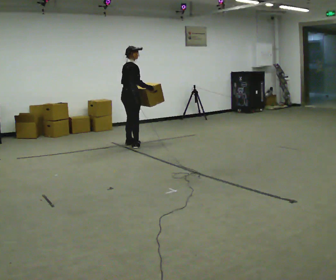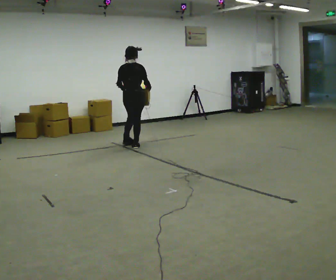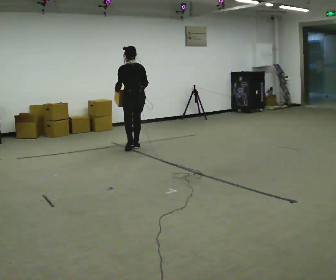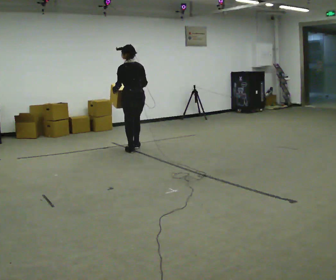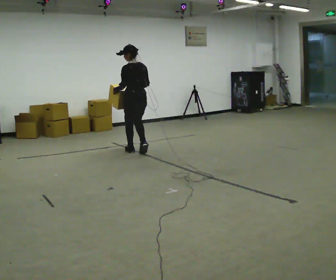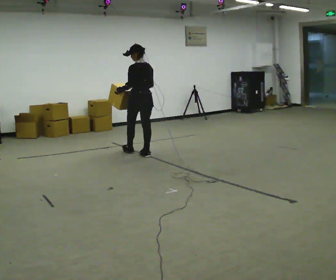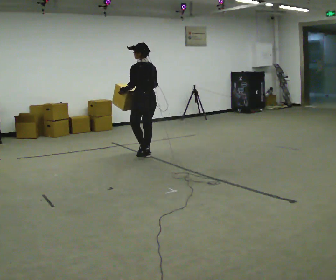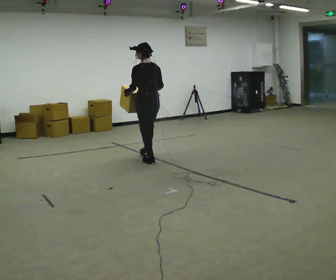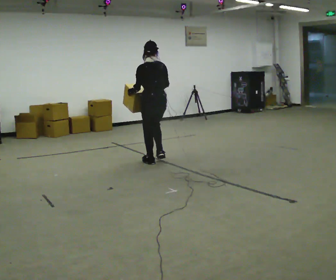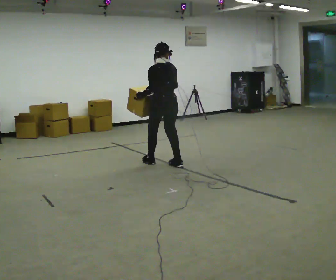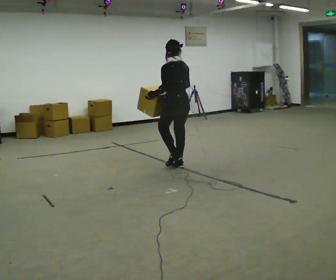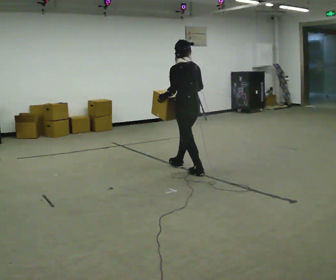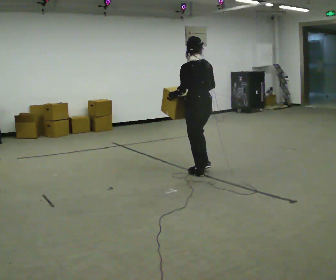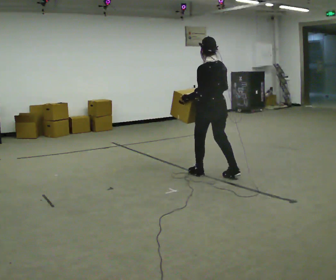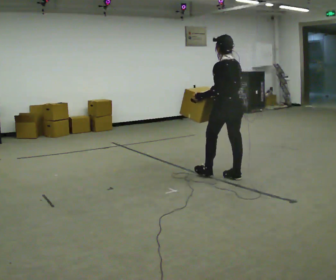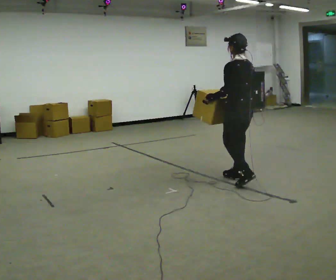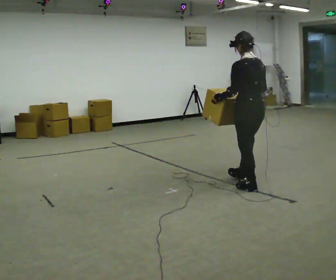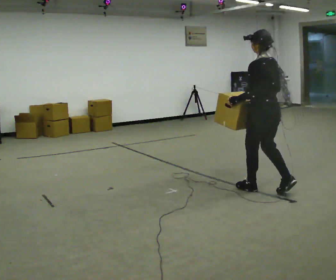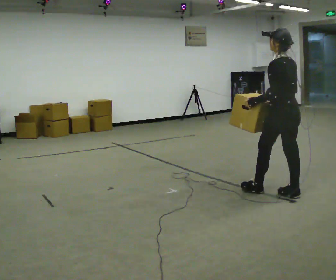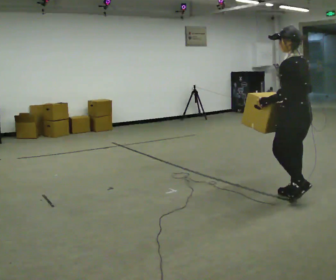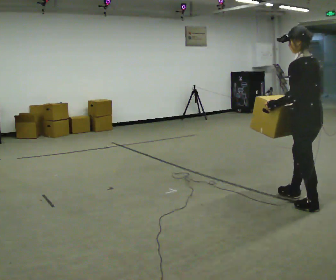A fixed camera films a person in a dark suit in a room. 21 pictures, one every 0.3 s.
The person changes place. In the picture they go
toward the camera.
0.0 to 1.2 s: The person turns about 90 degrees to their left, counterclockwise seen from above, so the part of the body nearest the lens slides to the right. In the picture they go toward the camera, about 0.5 m in 2 steps.
1.2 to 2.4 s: In the picture they go toward the camera and to the right, about 0.75 m in 2 steps, which for them is backward.
2.4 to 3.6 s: In the picture they go to the right and toward the camera, about 1 m in 2 steps, which for them is backward.
3.6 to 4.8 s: In the picture they go toward the camera and to the right, about 1 m in 2 steps, which for them is backward.
4.8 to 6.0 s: In the picture they go toward the camera and to the right, about 1 m in 1 step, which for them is backward.
The film runs backward here.
